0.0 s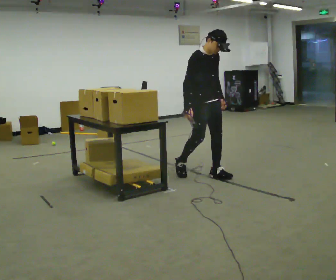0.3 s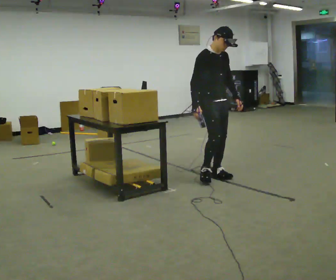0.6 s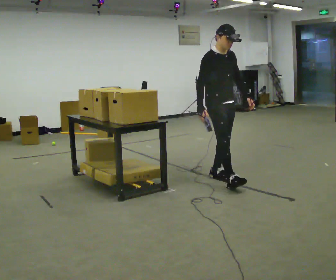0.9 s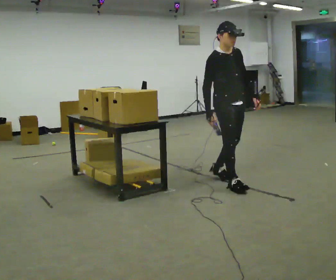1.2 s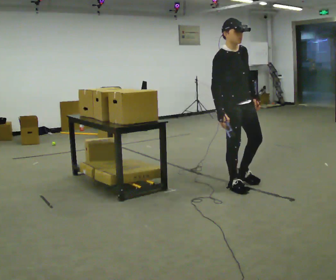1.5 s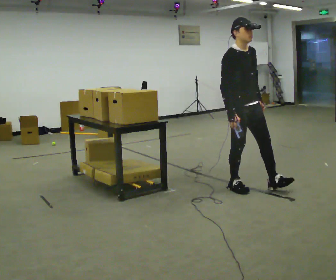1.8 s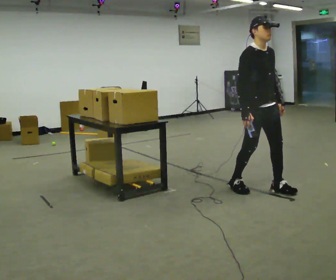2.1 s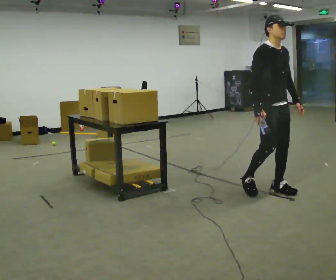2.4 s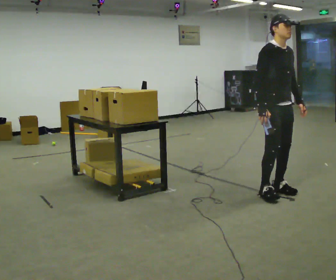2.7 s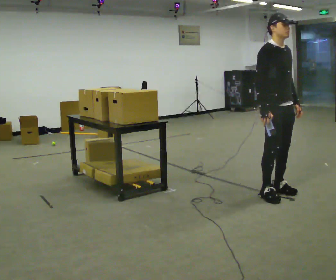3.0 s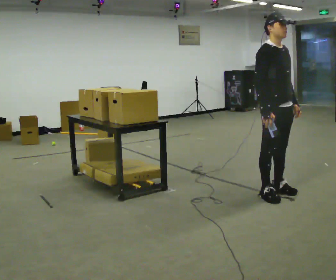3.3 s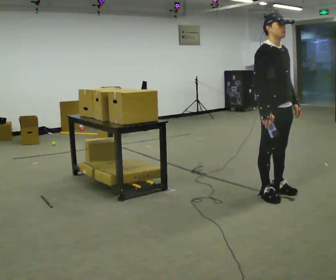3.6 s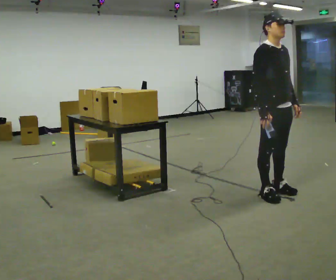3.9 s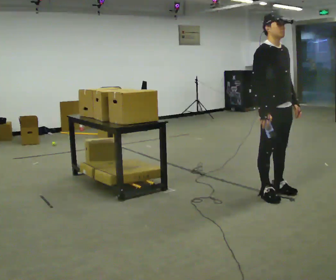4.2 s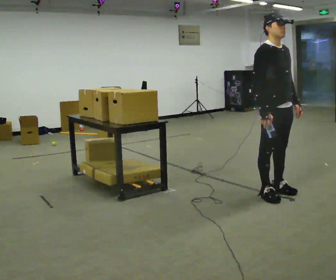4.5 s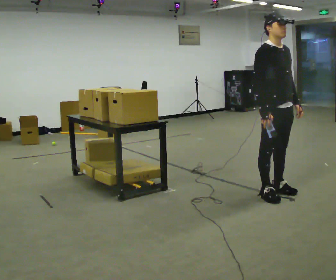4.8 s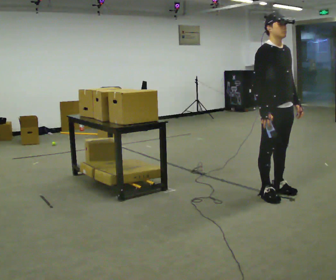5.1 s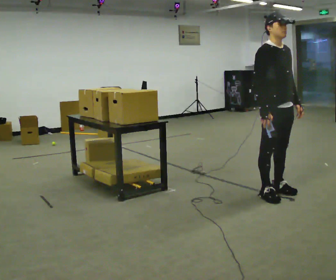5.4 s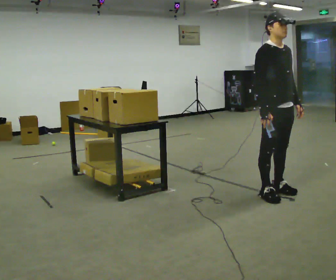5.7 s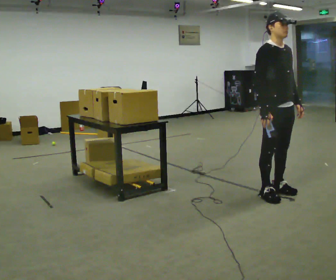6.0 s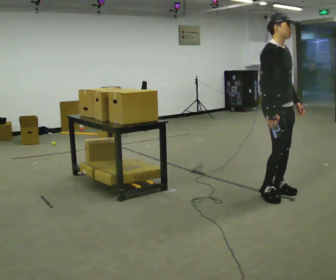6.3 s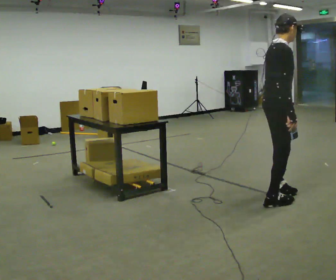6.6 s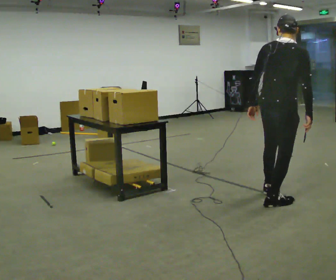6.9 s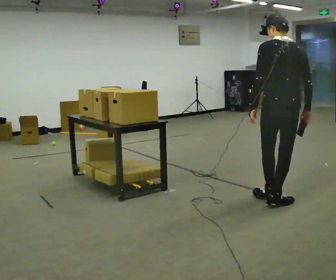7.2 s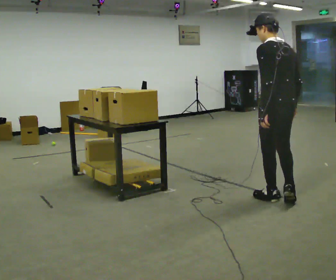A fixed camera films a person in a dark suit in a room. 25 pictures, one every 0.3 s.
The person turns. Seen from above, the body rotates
counterclockwise.
The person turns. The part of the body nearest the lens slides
to the right.
0.0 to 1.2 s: In the picture they go to the right and toward the camera, about 0.5 m in 1 step, which for them is forward.
1.2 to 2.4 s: In the picture they go to the right, about 0.5 m in 1 step, which for them is forward and to their left.
2.4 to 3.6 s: The person moves a little, or ends about where they began.
3.6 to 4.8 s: The person keeps their place and pose.
4.8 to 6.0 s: The person moves a little, or ends about where they began.
6.0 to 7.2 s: The part of the body nearest the lens slides to the right as the person turns to their left by about 165 degrees. In the picture they go toward the camera, about 0.25 m in 2 steps. In the picture their left hand goes to the left.
The film runs forward here.
